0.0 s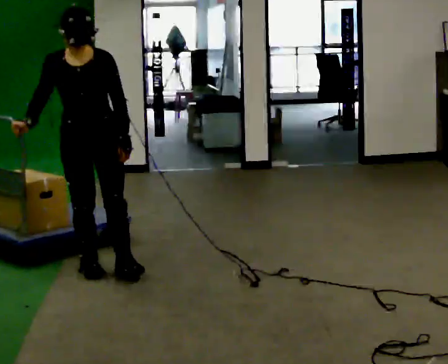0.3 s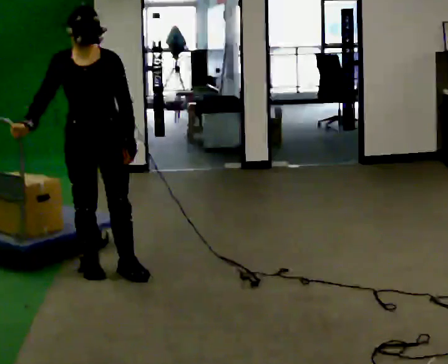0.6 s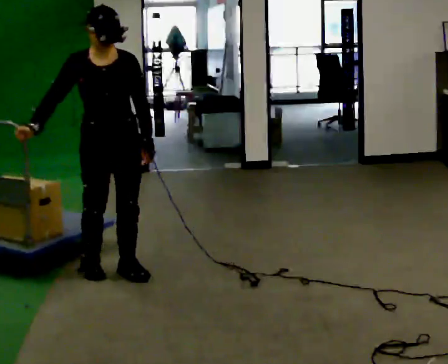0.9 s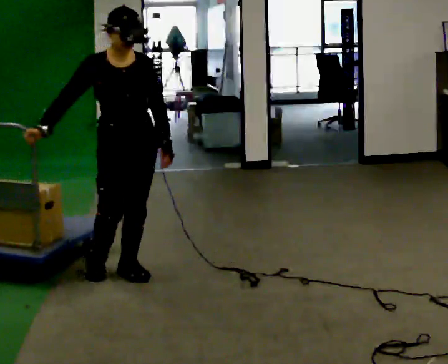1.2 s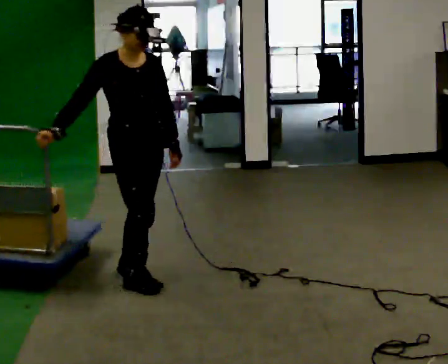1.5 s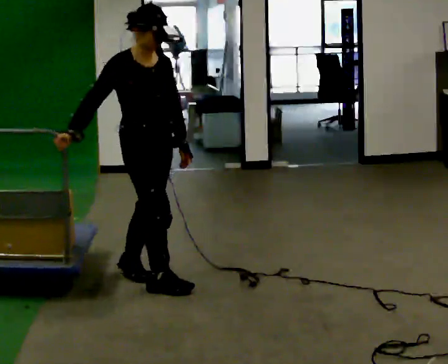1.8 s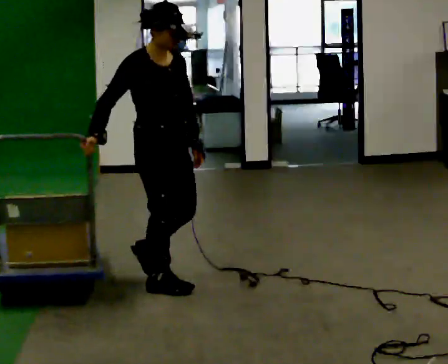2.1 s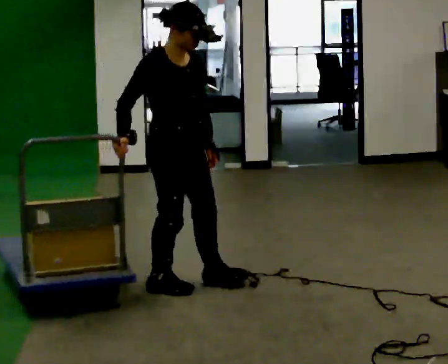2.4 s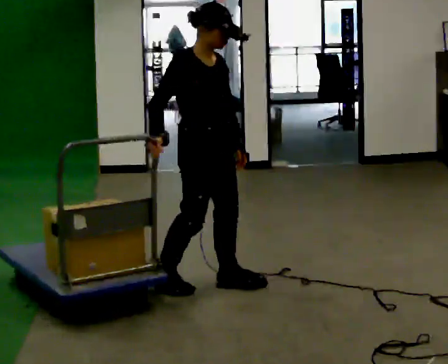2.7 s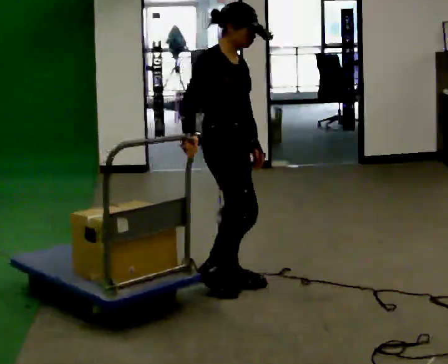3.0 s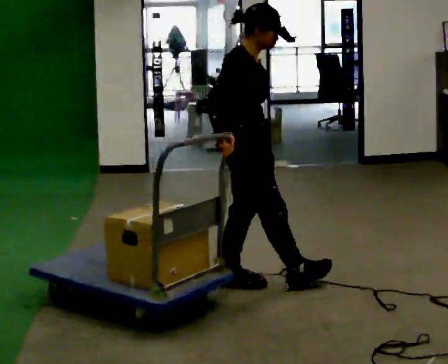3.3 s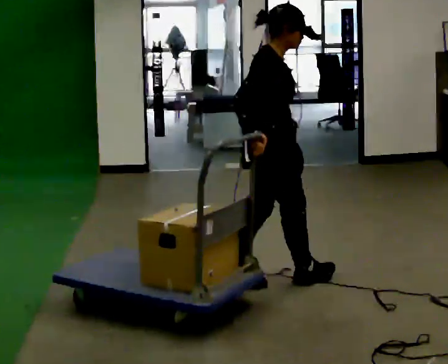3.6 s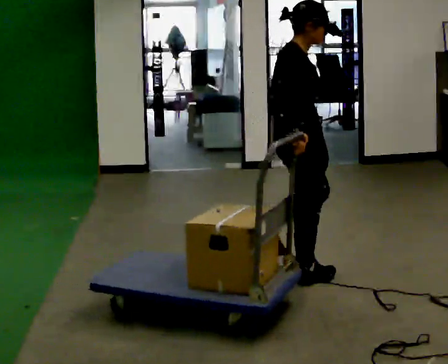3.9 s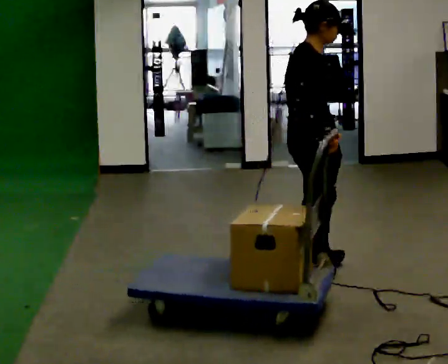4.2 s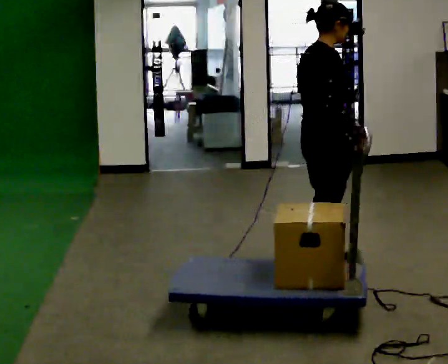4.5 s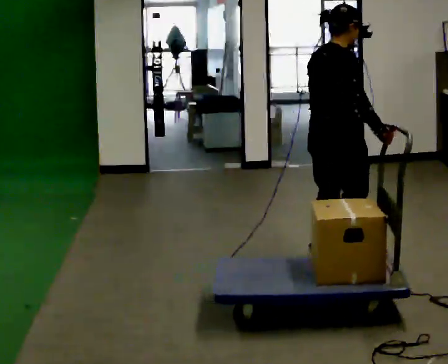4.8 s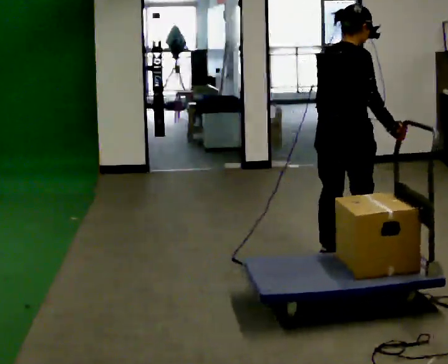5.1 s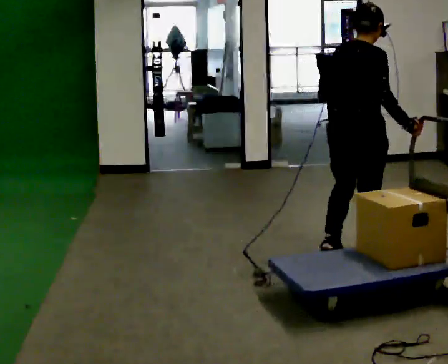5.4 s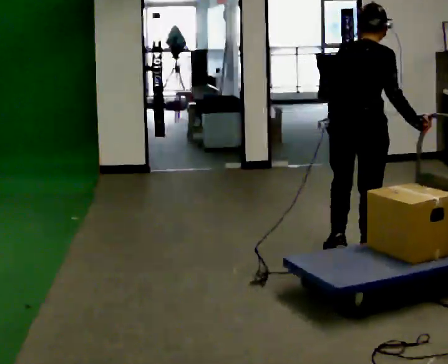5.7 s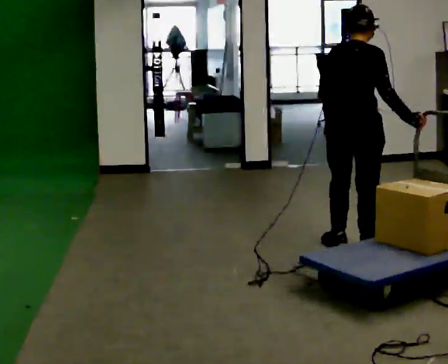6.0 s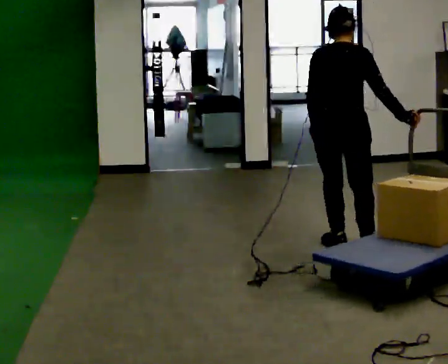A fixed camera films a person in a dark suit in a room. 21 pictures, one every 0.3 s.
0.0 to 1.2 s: The person turns about 30 degrees to their left, counterclockwise seen from above, so the part of the body nearest the lens slides to the right. In the picture they go to the right and toward the camera, about 0.25 m, which for them is forward and to their left.
1.2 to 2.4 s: In the picture they go to the right and toward the camera, about 0.5 m in 2 steps, which for them is forward.
2.4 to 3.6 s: The part of the body nearest the lens slides to the right as the person turns to their left by about 30 degrees. In the picture they go to the right, about 0.5 m in 1 step, which for them is forward.
3.6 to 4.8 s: The person turns about 30 degrees to their left, counterclockwise seen from above, so the part of the body nearest the lens slides to the right. In the picture they go to the right and away from the camera, about 0.5 m in 1 step, which for them is forward.
4.8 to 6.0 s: The part of the body nearest the lens slides to the right as the person turns to their left by about 30 degrees. In the picture they go away from the camera, about 0.25 m in 2 steps, which for them is forward and to their left.
The film runs forward here.
